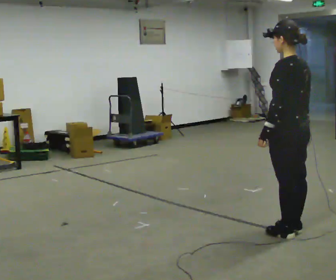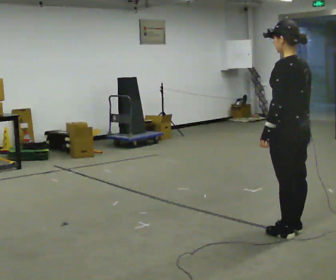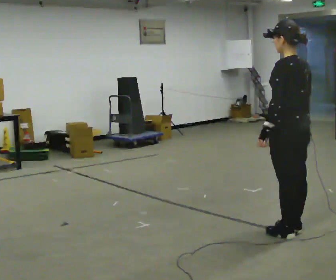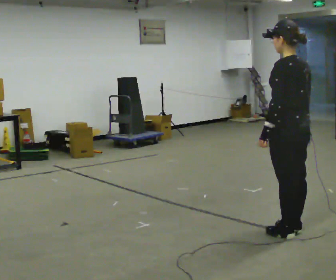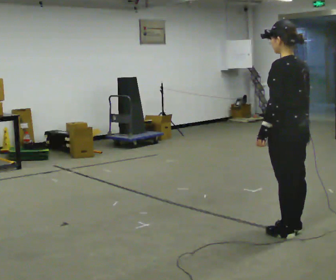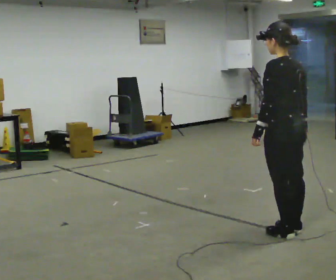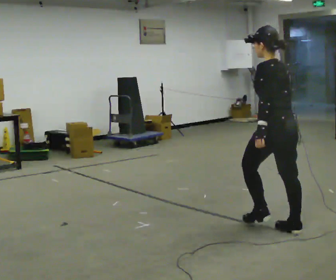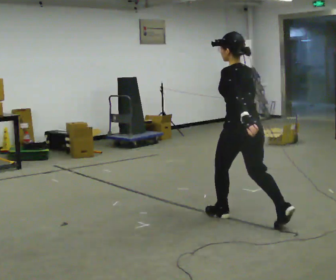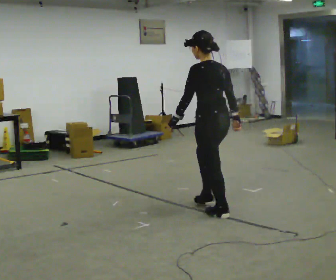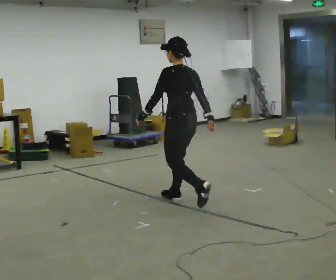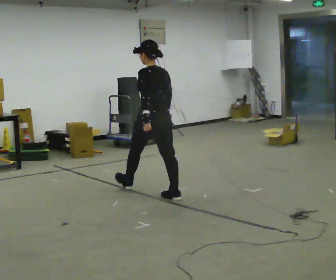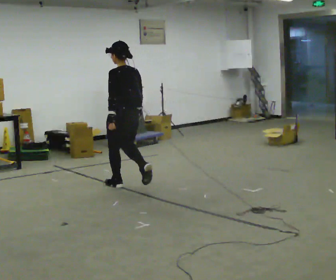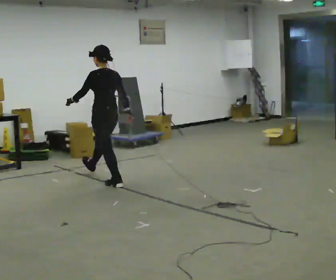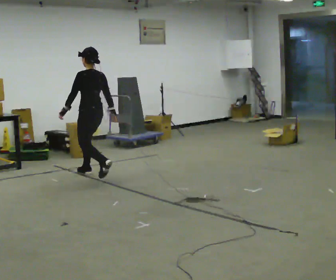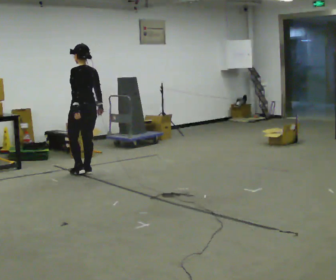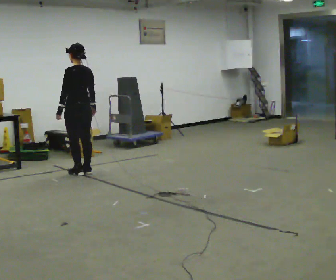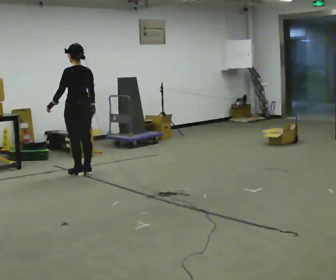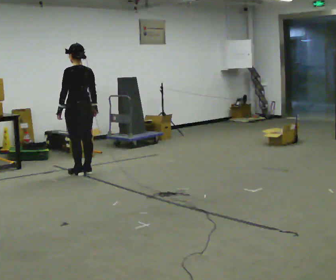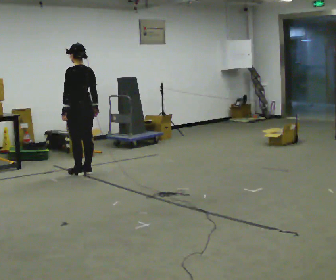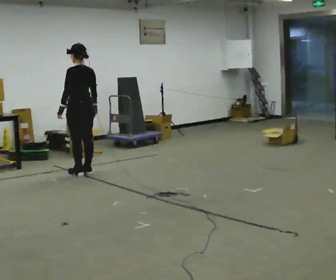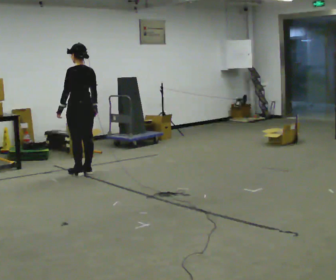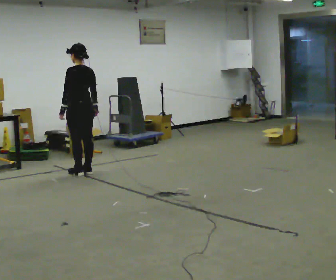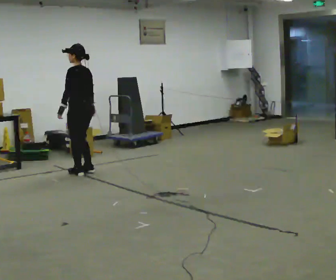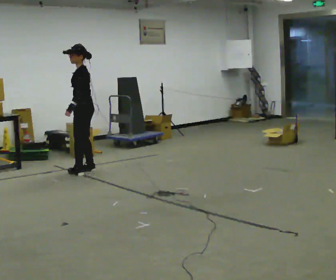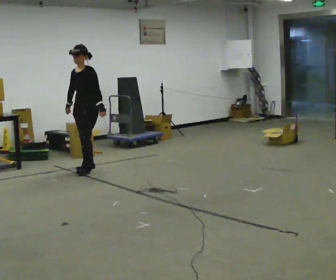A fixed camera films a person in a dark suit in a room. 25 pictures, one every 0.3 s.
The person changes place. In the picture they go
away from the camera.
0.0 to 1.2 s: The person moves a little, or ends about where they began.
1.2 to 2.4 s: In the picture they go away from the camera and to the left, about 1 m in 1 step, which for them is forward.
2.4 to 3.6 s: In the picture they go away from the camera and to the left, about 1.5 m in 2 steps, which for them is forward.
3.6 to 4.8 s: In the picture they go away from the camera and to the left, about 0.5 m in 2 steps, which for them is forward.
4.8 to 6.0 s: The person moves a little, or ends about where they began.
6.0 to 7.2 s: The person turns about 90 degrees to their left, counterclockwise seen from above, so the part of the body nearest the lens slides to the right. In the picture they go away from the camera, about 0.25 m in 1 step. In the picture their left hand goes to the right, the arm swinging counterclockwise.
The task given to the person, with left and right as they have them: Walk normally; at marked point stop as quickly as comfortably possible; remain still.
The film runs forward here.
